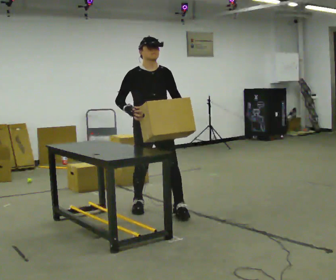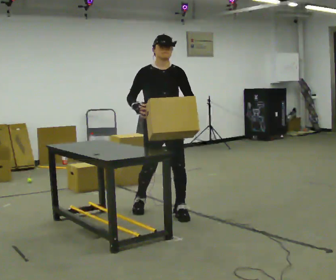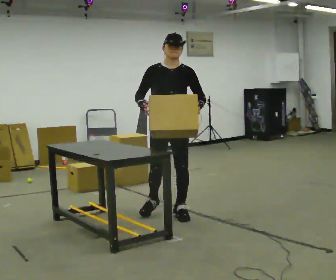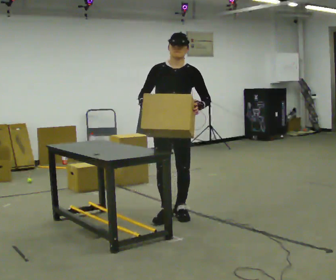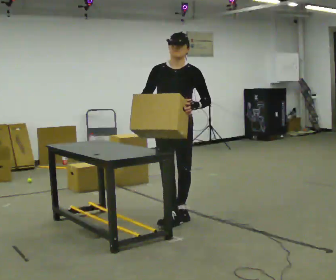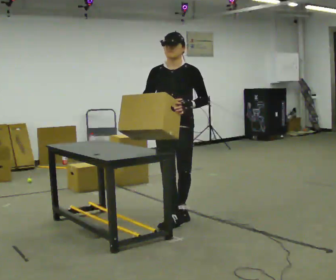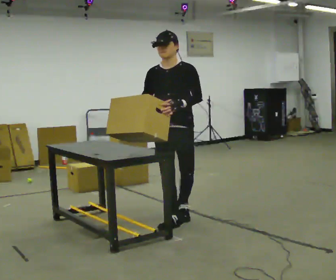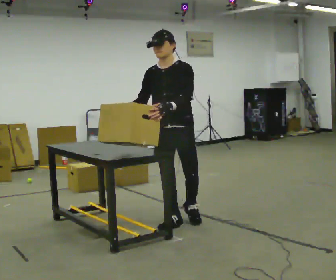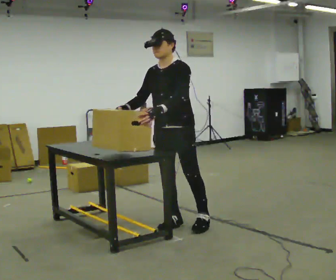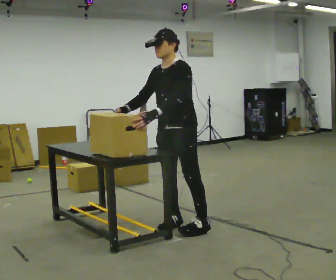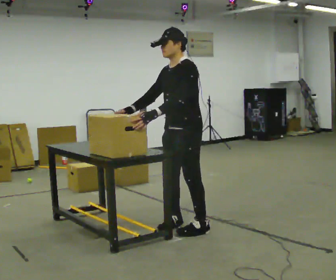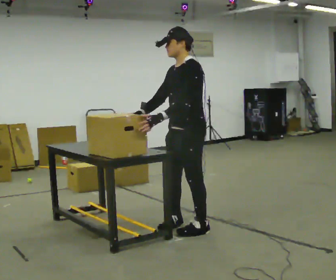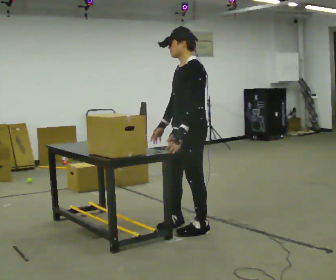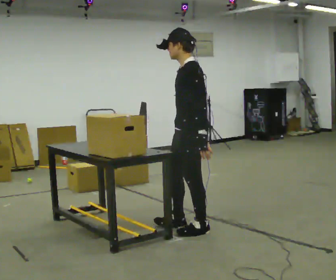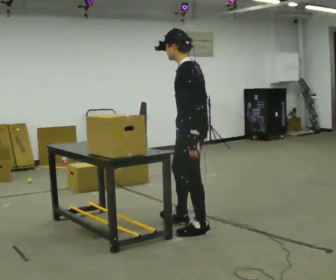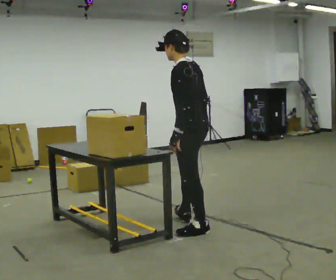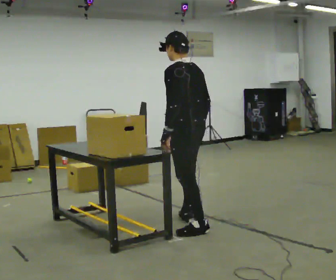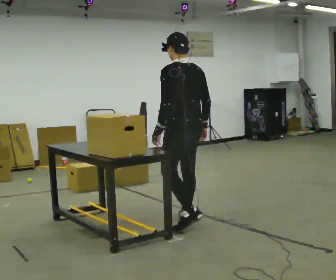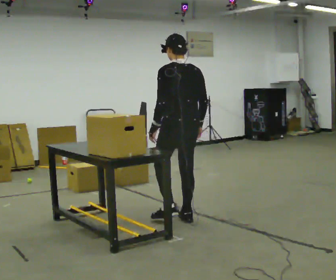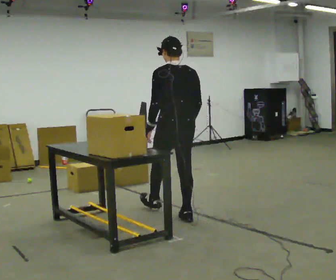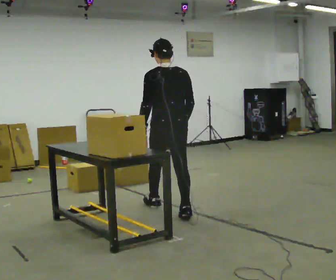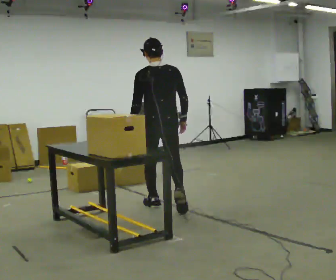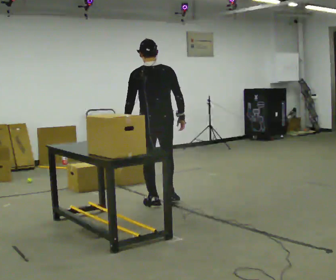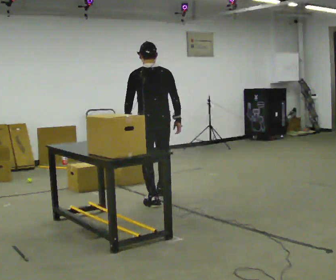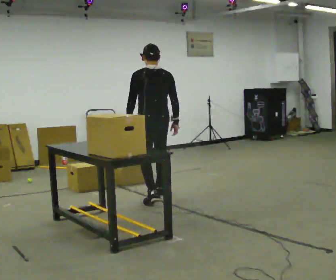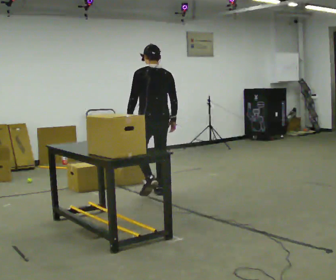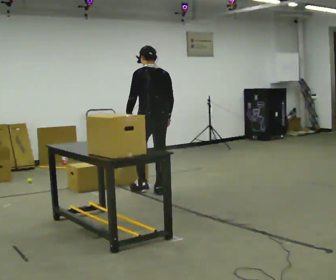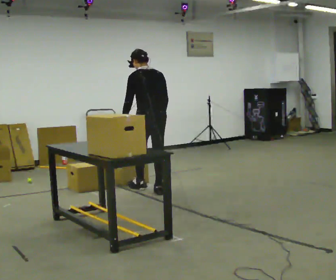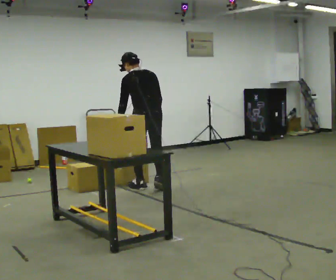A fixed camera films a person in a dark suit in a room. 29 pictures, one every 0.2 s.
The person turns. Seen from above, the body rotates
clockwise.
The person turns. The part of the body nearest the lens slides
to the left.
0.0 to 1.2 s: The person turns about 30 degrees to their right, clockwise seen from above, so the part of the body nearest the lens slides to the left. In the picture they go toward the camera and to the right, about 0.5 m in 1 step, which for them is forward and to their left.
1.2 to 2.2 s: Seen from above the body turns clockwise, about 60 degrees: to their right, with its near side sliding to the left. In the picture they go toward the camera and to the right, about 0.25 m in 1 step, which for them is to their left.
2.2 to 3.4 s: The part of the body nearest the lens slides to the left as the person turns to their right by about 75 degrees. In the picture they go away from the camera, about 0.25 m.
3.4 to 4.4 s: The person turns about 30 degrees to their right, clockwise seen from above, so the part of the body nearest the lens slides to the left. In the picture they go away from the camera and to the left, about 0.75 m in 1 step, which for them is forward.
4.4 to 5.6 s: In the picture they go away from the camera, about 0.5 m in 2 steps, which for them is forward.
The film runs forward here.
